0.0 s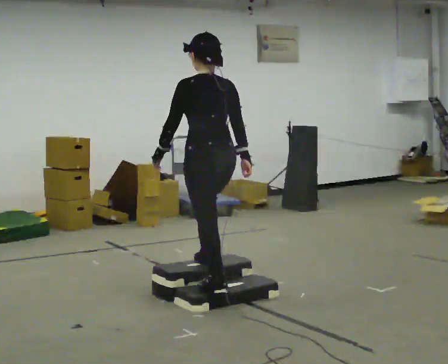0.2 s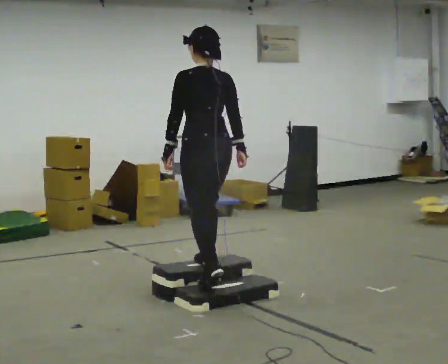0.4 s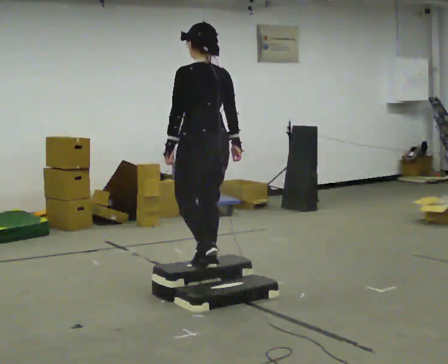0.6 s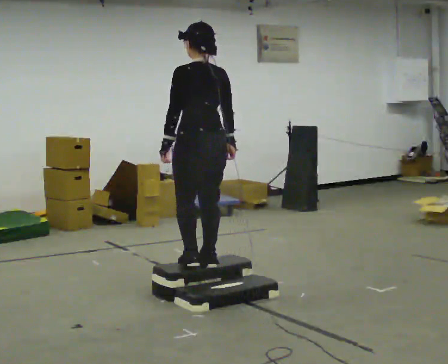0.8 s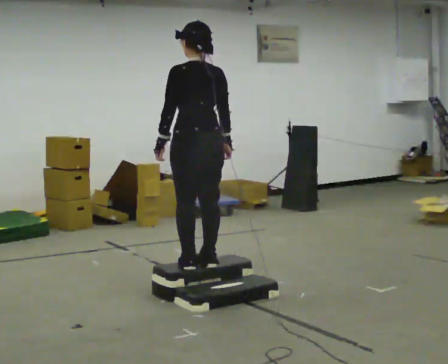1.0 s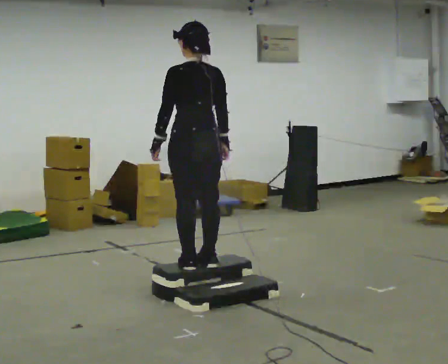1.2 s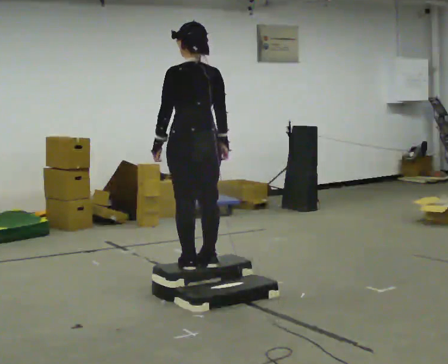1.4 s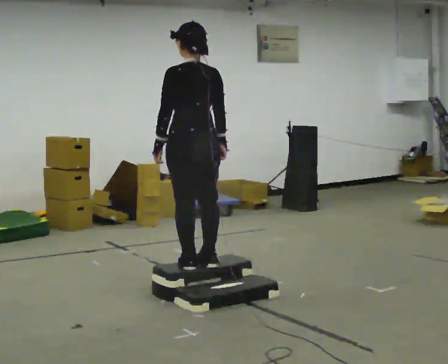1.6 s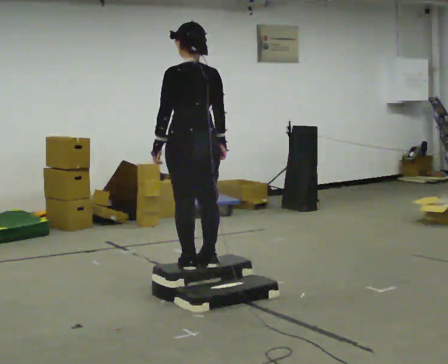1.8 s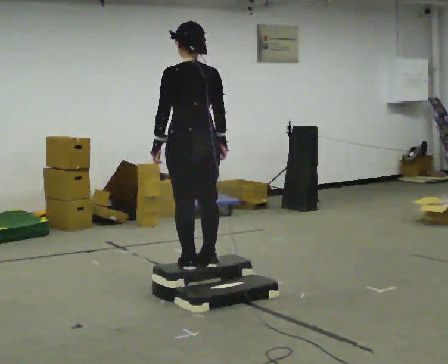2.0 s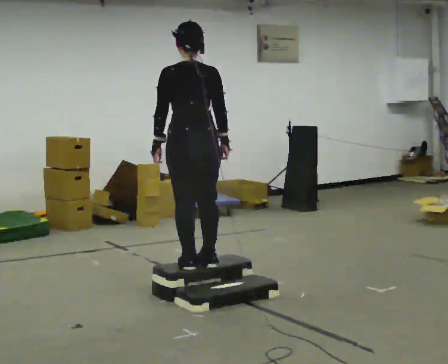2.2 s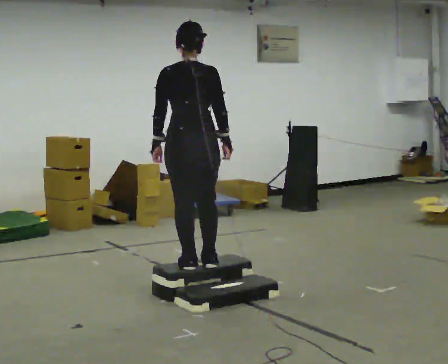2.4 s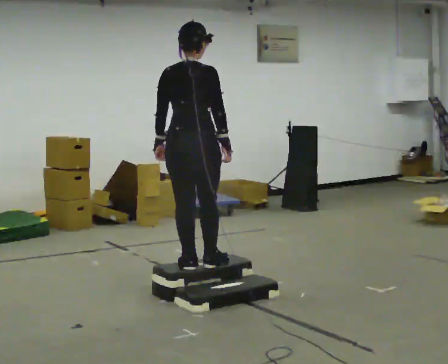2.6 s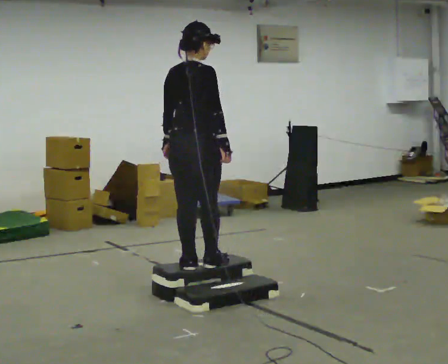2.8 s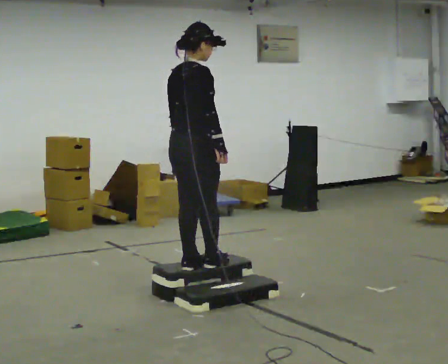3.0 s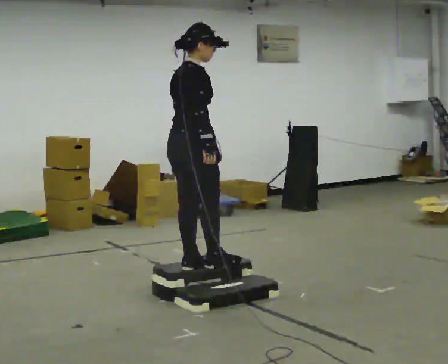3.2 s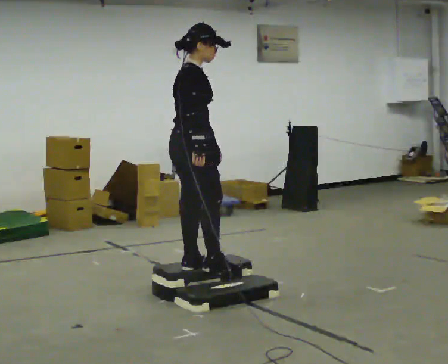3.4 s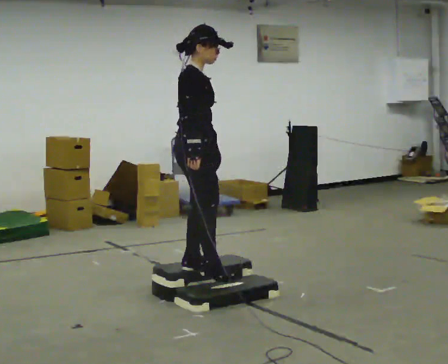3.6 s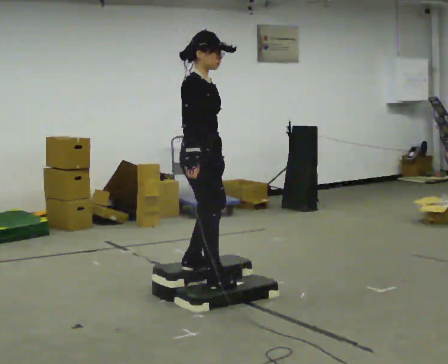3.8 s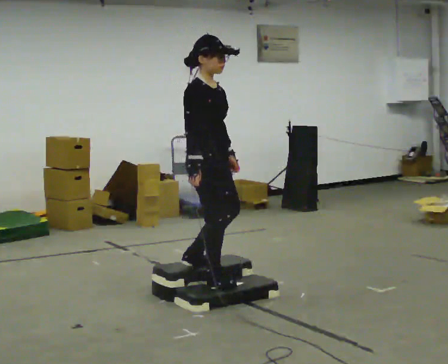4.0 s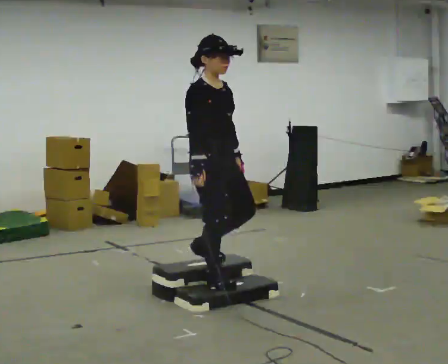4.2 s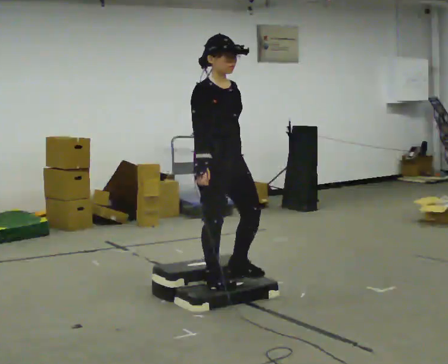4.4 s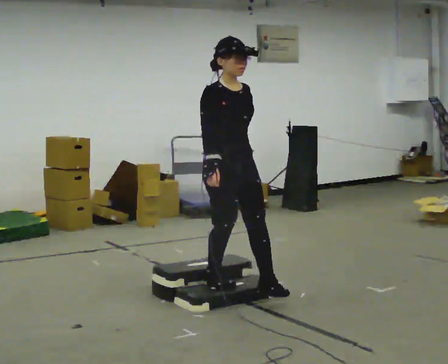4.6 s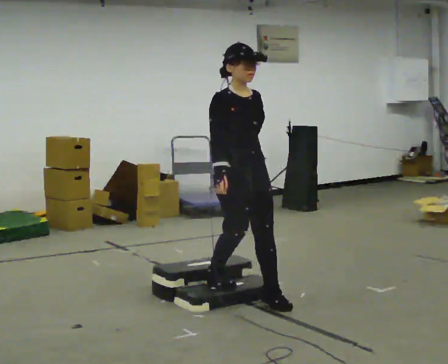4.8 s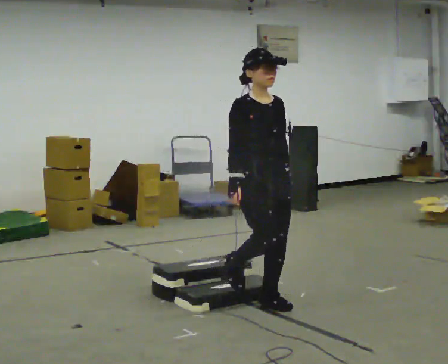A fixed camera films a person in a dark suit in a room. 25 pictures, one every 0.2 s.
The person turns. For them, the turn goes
to their right.
The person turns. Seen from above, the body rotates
clockwise.
0.0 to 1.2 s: In the picture they go away from the camera, about 0.25 m in 1 step, which for them is forward.
1.2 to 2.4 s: The part of the body nearest the lens slides to the left as the person turns to their right by about 45 degrees.
2.4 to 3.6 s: The part of the body nearest the lens slides to the left as the person turns to their right by about 75 degrees. In the picture their left hand goes to the right.
3.6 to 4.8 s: The person turns about 45 degrees to their right, clockwise seen from above, so the part of the body nearest the lens slides to the left. In the picture they go to the right and toward the camera, about 0.5 m in 1 step, which for them is forward.
The film runs forward here.
